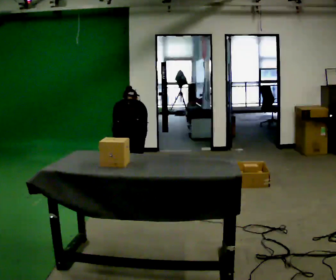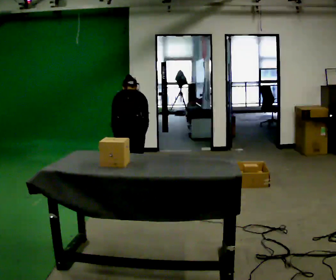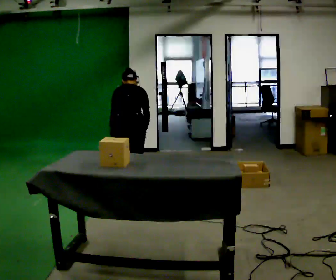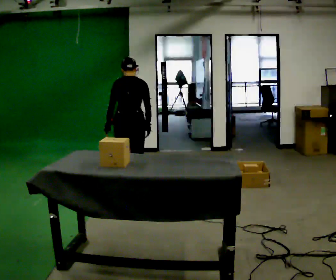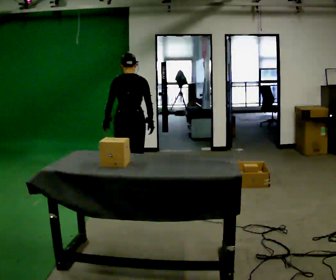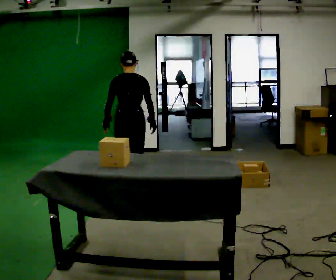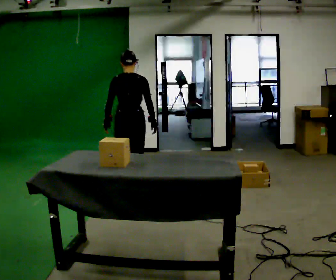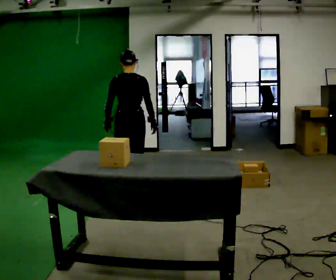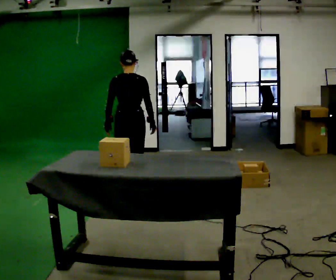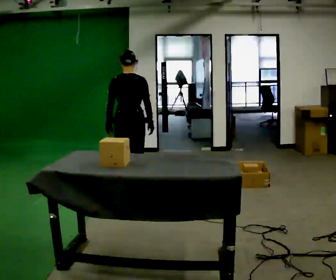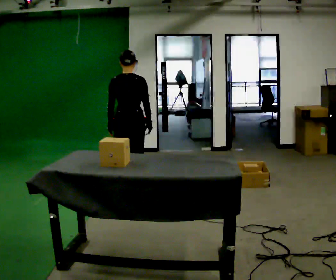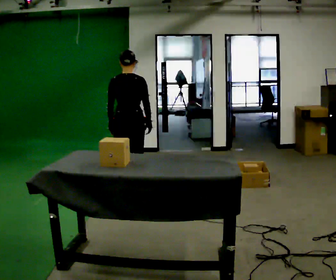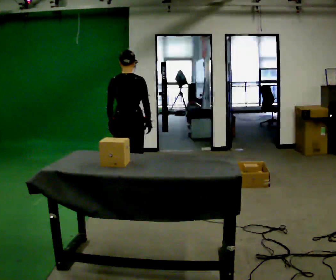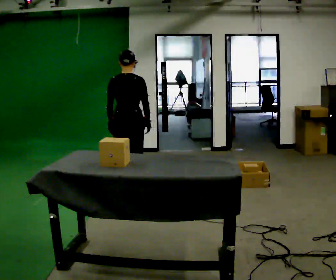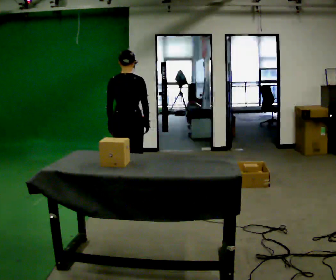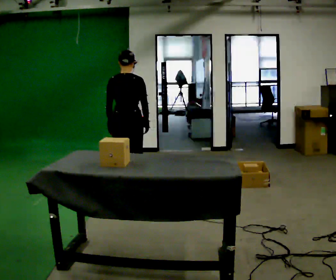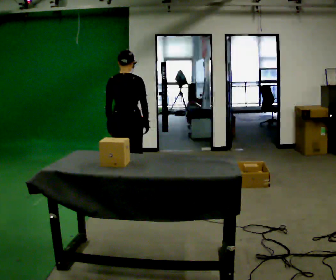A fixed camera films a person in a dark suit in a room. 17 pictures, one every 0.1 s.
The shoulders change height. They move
upward.
The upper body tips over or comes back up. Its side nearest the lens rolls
downward.
0.0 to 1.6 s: The upper body goes upward. The upper body tips toward the camera, its near side rolling downward, as they lean back or straighten.
The film runs forward here.
